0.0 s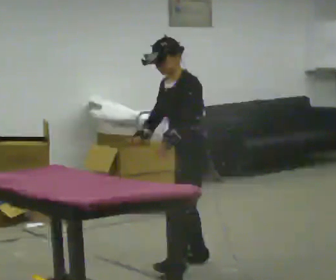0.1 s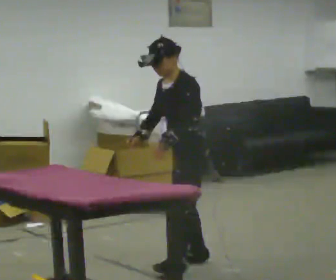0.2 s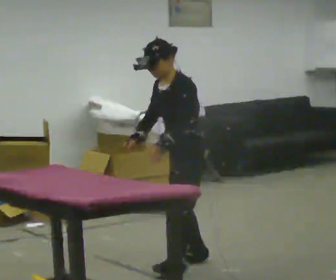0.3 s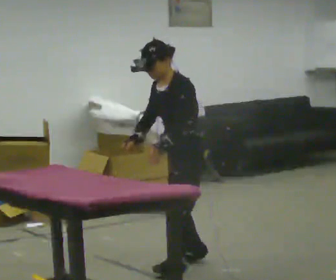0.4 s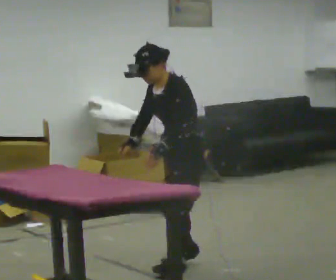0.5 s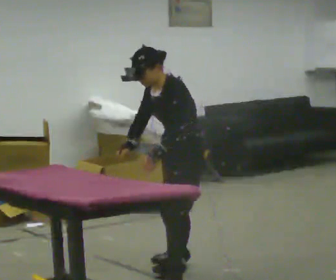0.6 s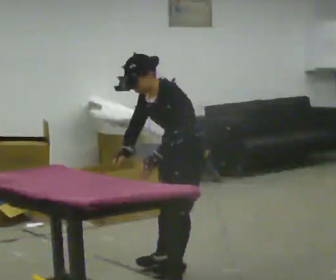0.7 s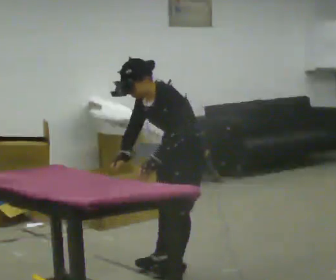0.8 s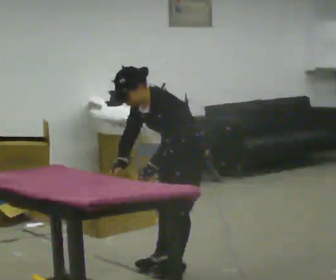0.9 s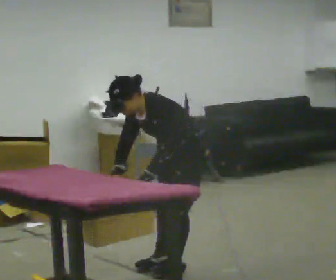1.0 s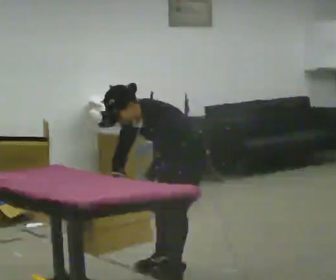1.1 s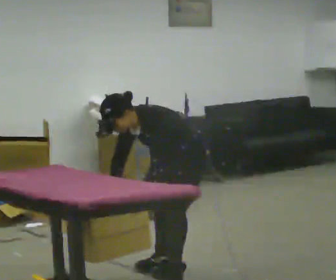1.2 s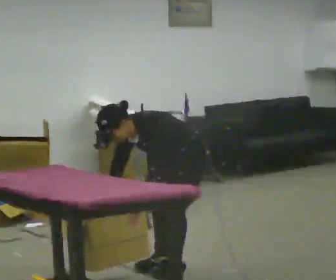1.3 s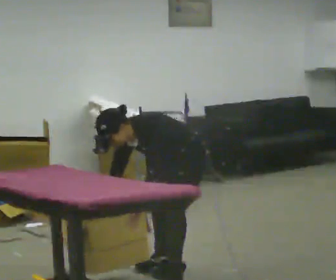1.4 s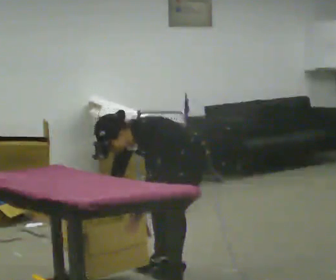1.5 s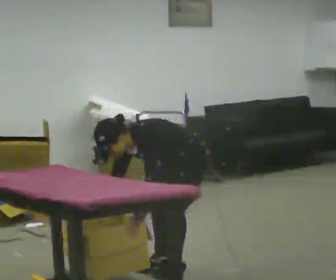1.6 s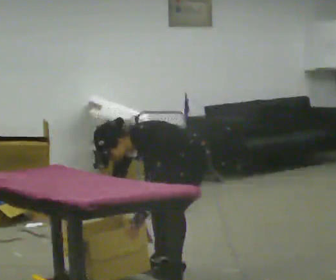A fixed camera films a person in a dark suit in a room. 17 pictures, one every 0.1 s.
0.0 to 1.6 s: The upper body goes downward. In the picture the upper body tilts counterclockwise, shoulders to the left, as they bend forward. In the picture their right hand goes downward.
The film runs forward here.
